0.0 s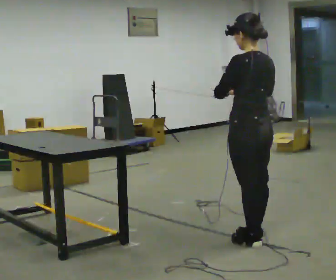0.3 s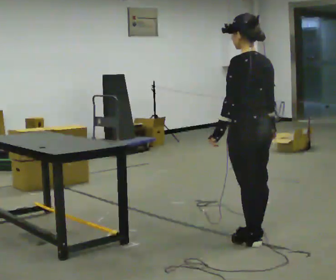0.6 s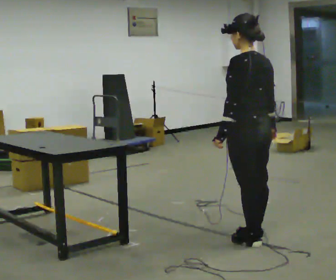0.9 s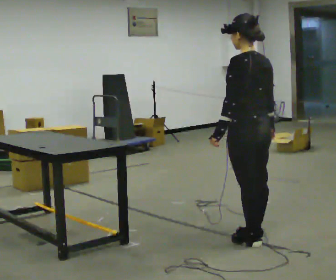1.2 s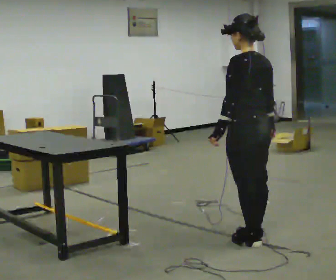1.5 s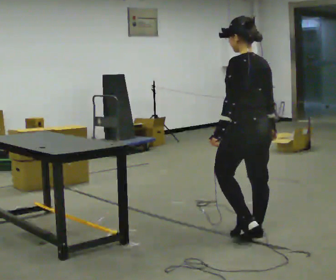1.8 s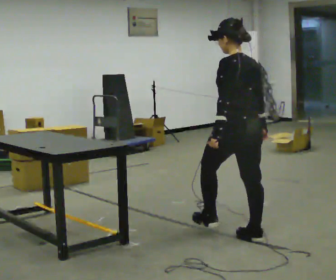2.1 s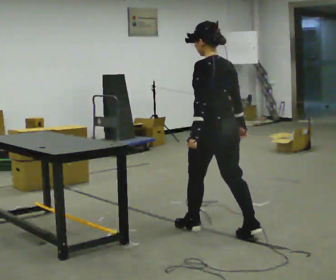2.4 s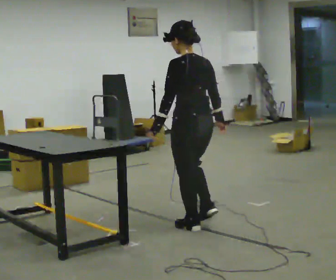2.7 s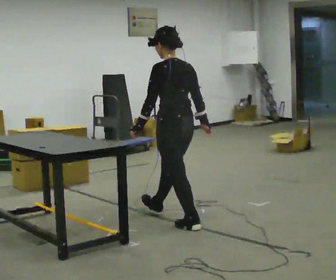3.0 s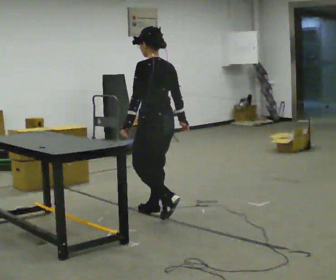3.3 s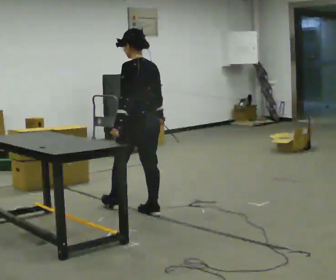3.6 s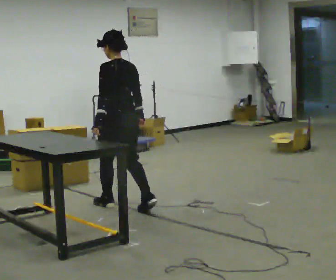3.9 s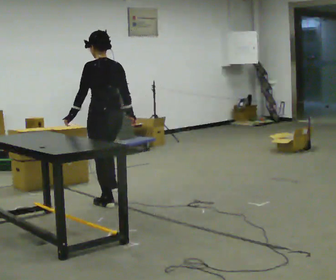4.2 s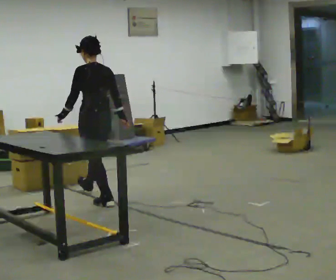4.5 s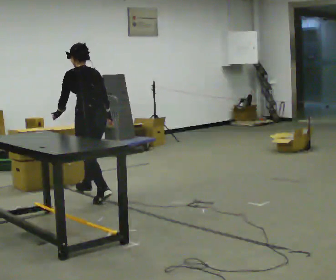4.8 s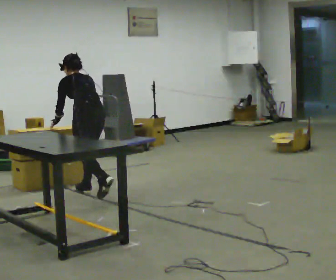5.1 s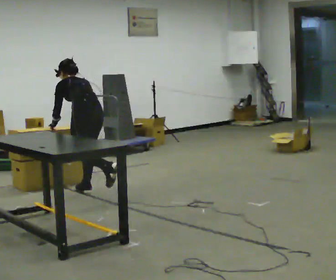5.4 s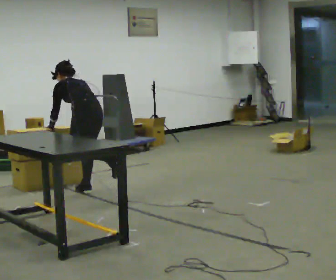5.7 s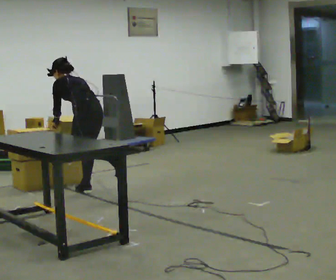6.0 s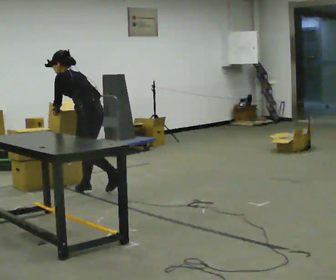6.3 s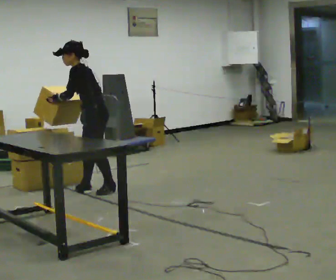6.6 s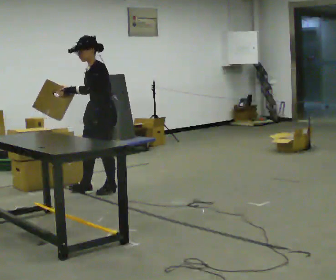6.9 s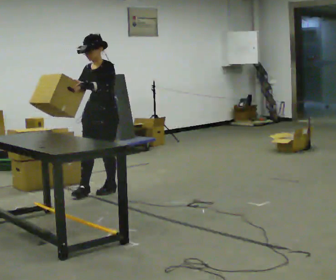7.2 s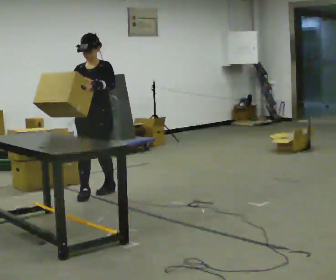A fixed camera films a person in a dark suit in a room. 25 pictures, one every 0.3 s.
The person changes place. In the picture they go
away from the camera.
The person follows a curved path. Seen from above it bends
clockwise.
0.0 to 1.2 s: The person moves a little, or ends about where they began.
1.2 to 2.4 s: In the picture they go away from the camera and to the left, about 0.5 m in 1 step, which for them is forward.
2.4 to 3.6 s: In the picture they go away from the camera and to the left, about 1 m in 2 steps, which for them is forward.
3.6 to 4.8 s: In the picture they go away from the camera and to the left, about 0.5 m in 1 step, which for them is forward. The upper body tips away from the camera, its near side rolling upward, as they bend forward.
4.8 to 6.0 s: The part of the body nearest the lens slides to the right as the person turns to their left by about 30 degrees.
6.0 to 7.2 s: The part of the body nearest the lens slides to the right as the person turns to their left by about 90 degrees. The upper body tips toward the camera, its near side rolling downward, as they lean back or straighten. In the picture their right hand goes to the left.
The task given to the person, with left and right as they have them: Pick up the next box in the row and carry it to the table. The operator will not tell you how heavy each one is. Keep going until the operator says stop; one object at a time, and do not rush between trips.
The film runs forward here.
